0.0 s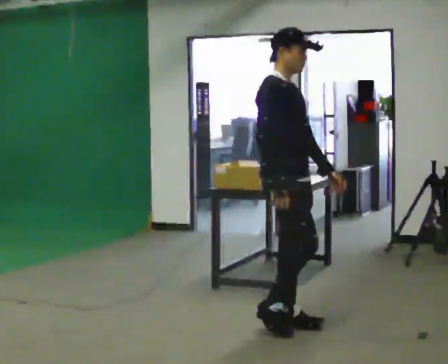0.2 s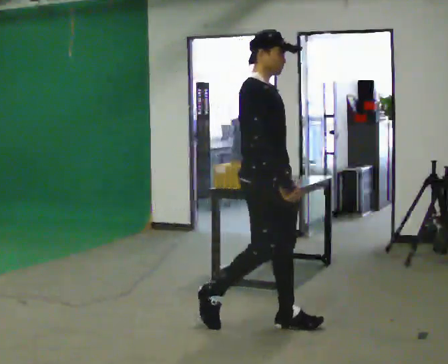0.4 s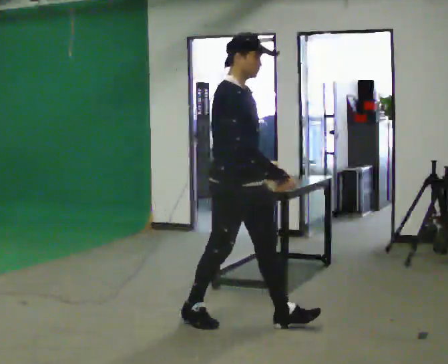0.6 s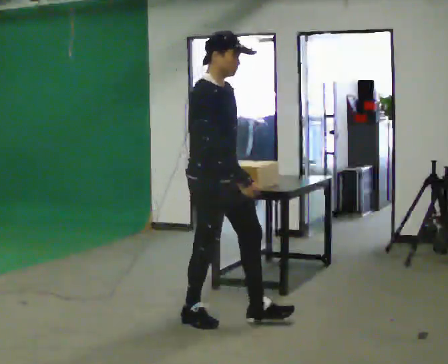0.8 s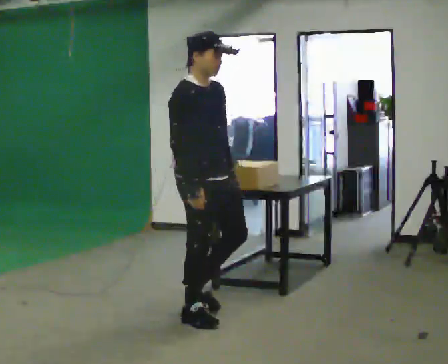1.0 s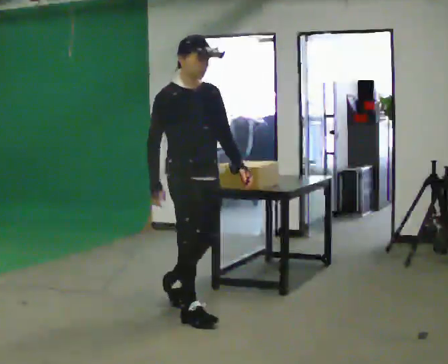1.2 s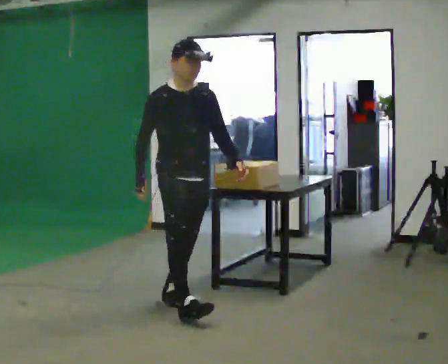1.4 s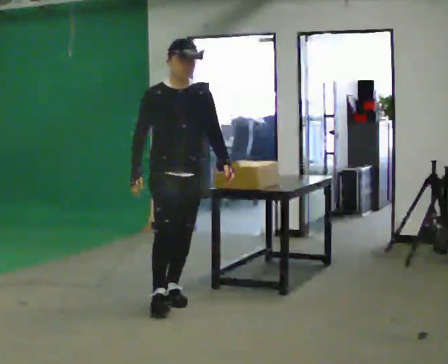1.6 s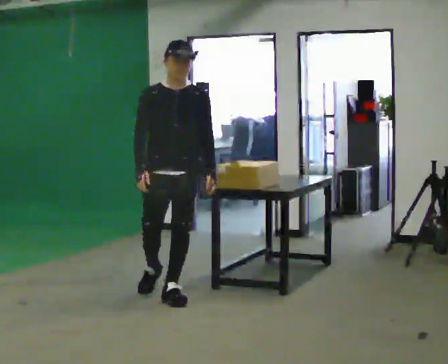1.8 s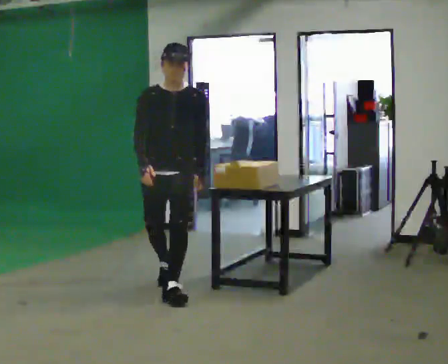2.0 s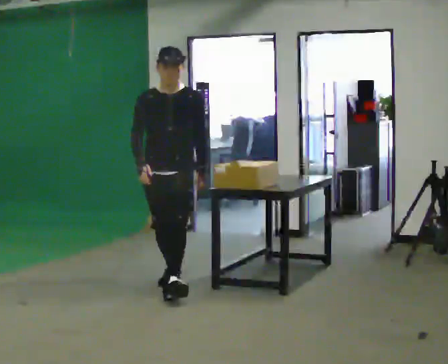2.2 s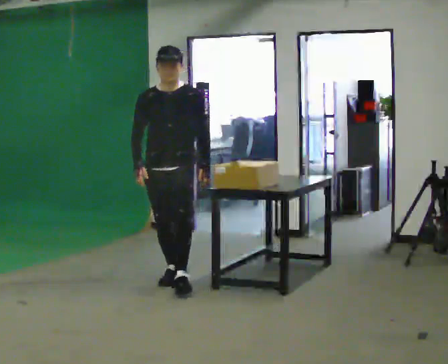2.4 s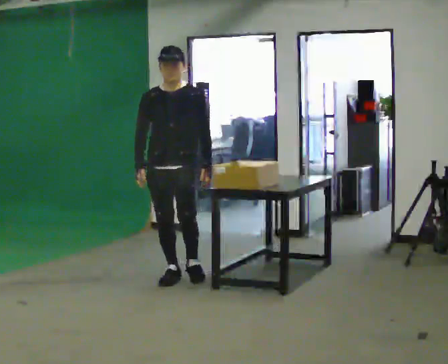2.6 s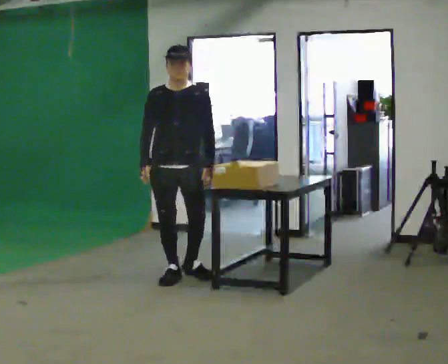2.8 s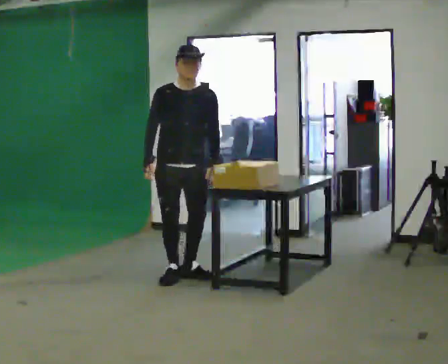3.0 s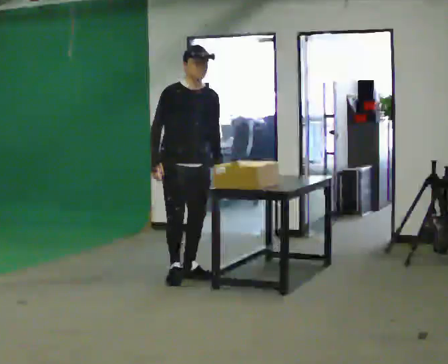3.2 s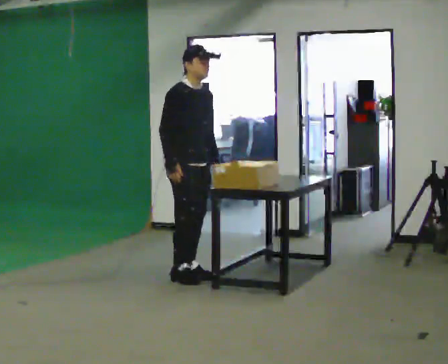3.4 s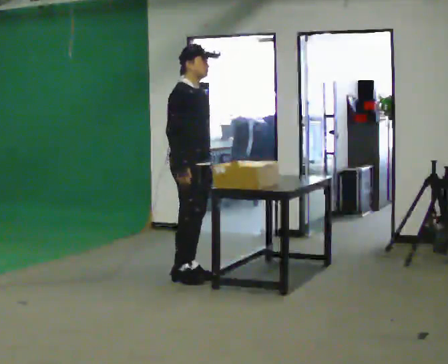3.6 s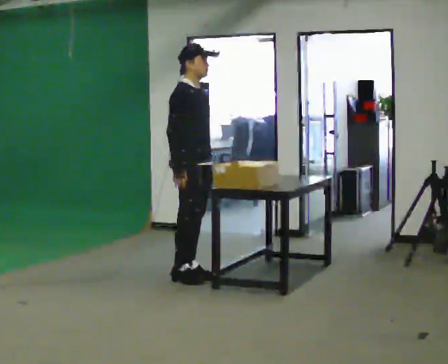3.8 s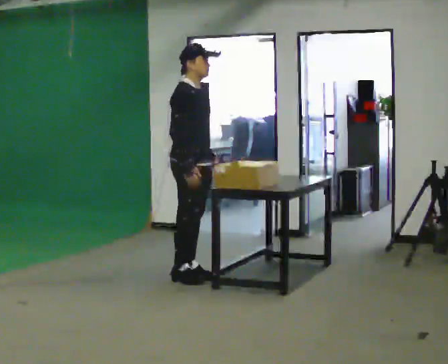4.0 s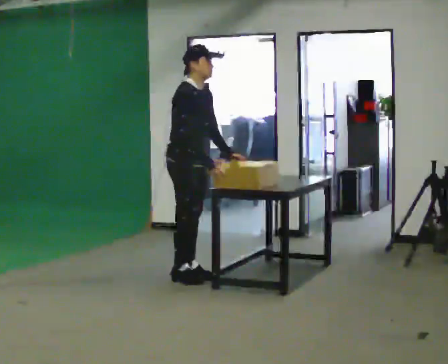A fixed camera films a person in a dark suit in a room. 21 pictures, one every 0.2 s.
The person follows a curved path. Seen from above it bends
clockwise.
The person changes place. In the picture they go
away from the camera.
0.0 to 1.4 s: Seen from above the body turns clockwise, about 45 degrees: to their right, with its near side sliding to the left. In the picture they go to the left and away from the camera, about 1 m in 2 steps, which for them is backward.
1.4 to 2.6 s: Seen from above the body turns clockwise, about 30 degrees: to their right, with its near side sliding to the left. In the picture they go away from the camera, about 0.5 m in 1 step, which for them is backward.
2.6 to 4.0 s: The part of the body nearest the lens slides to the right as the person turns to their left by about 75 degrees. In the picture their right hand goes to the right.
The film runs backward here.
